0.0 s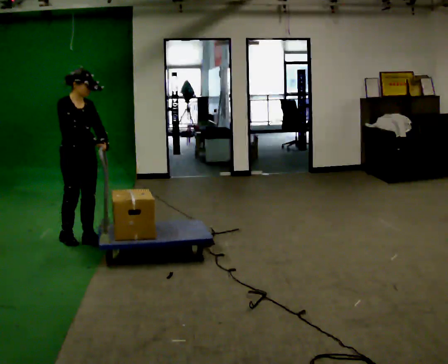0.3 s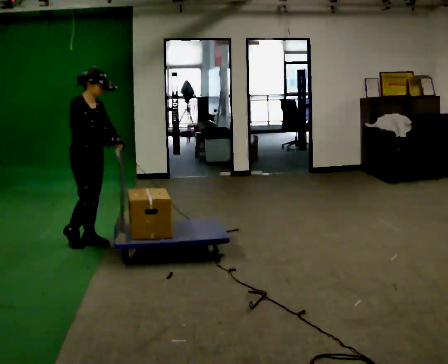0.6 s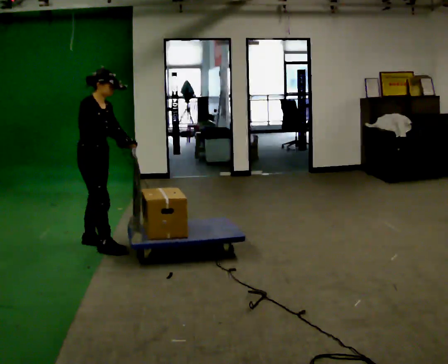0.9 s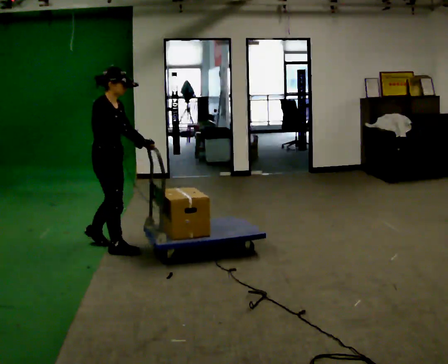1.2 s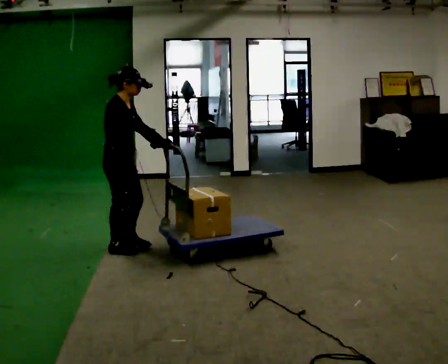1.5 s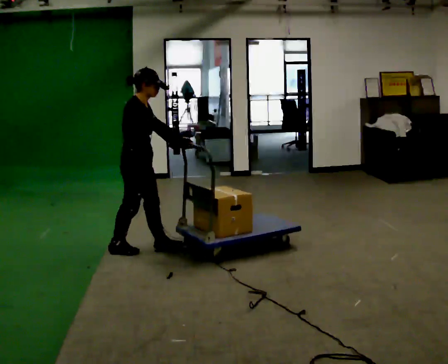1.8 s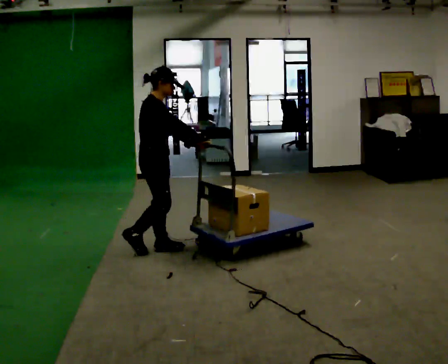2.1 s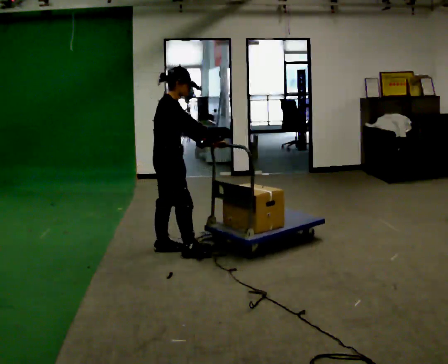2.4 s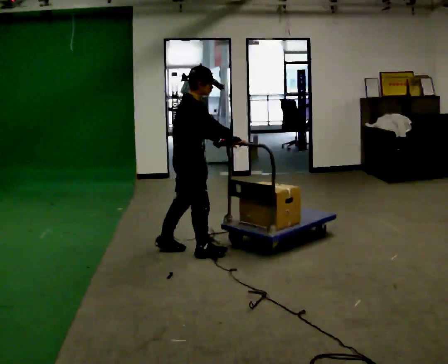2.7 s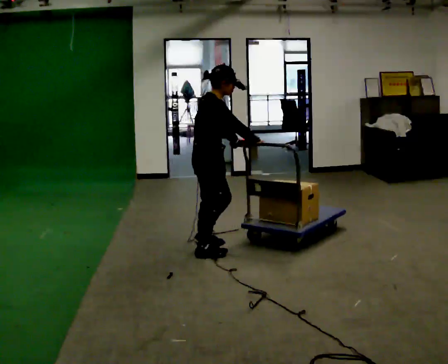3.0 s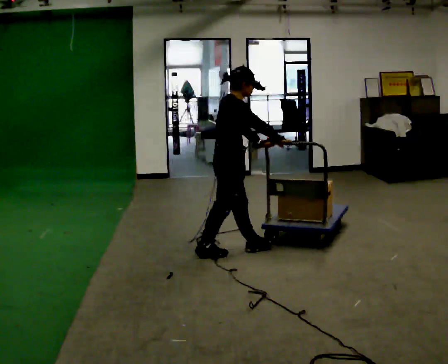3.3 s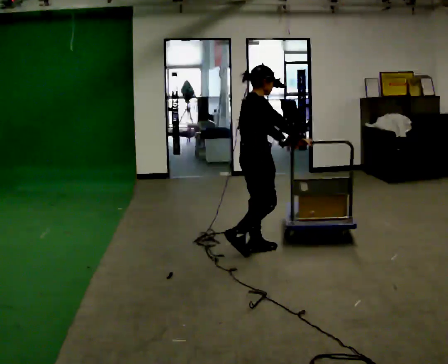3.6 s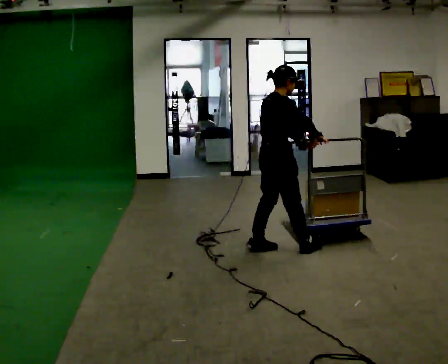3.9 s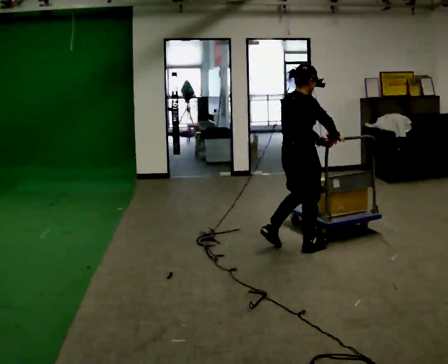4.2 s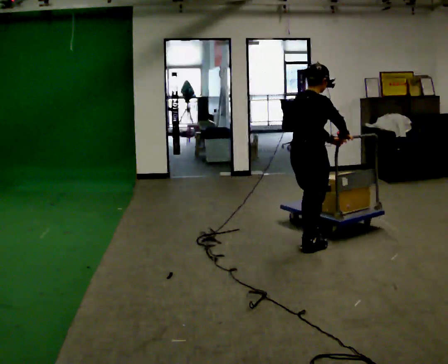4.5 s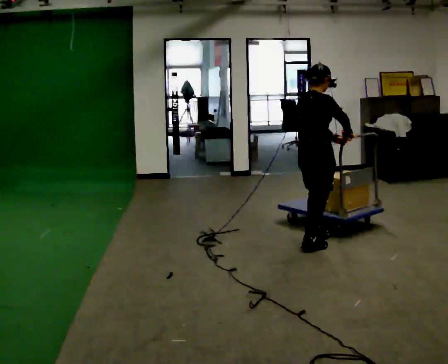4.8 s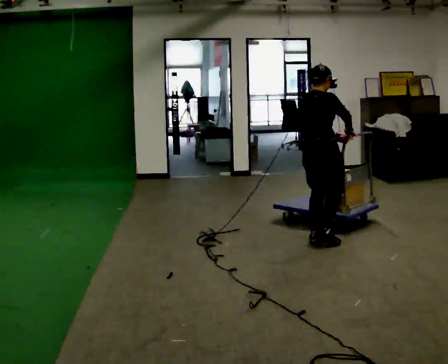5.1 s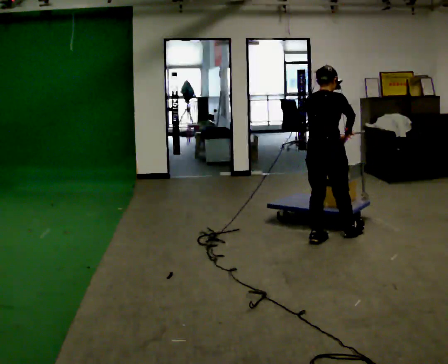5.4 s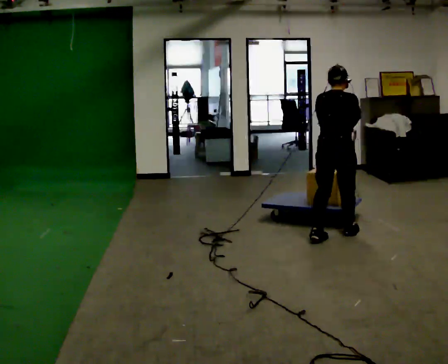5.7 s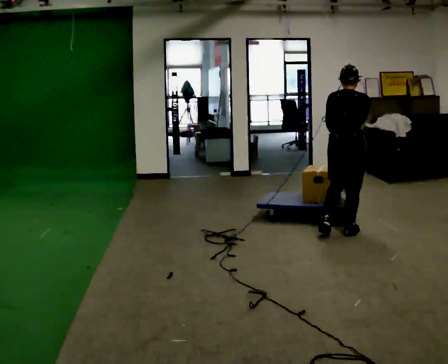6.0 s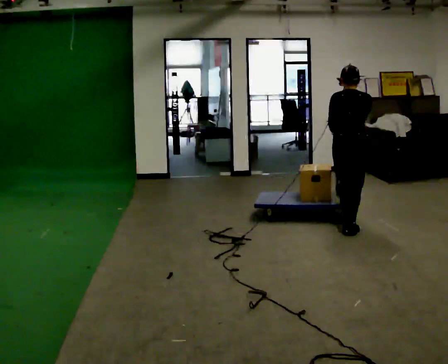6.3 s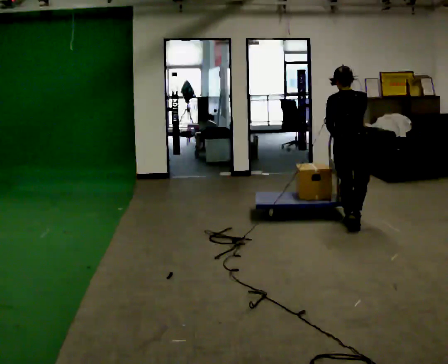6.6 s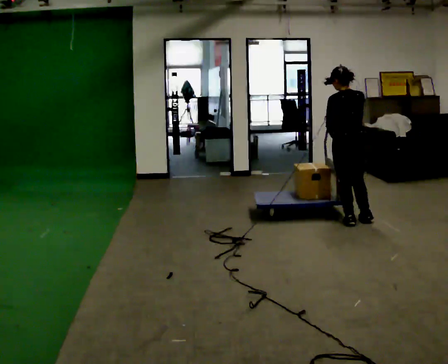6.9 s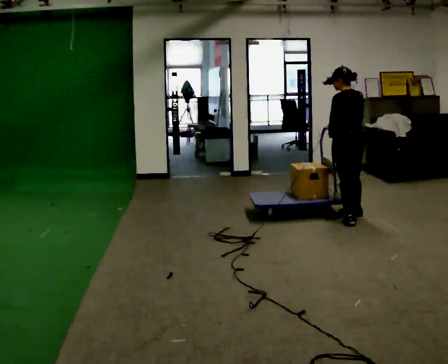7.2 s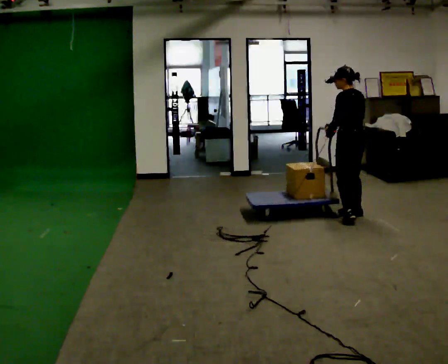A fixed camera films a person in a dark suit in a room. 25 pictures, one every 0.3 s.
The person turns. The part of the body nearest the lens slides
to the right.
The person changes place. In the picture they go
to the right.
0.0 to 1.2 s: Seen from above the body turns counterclockwise, about 30 degrees: to their left, with its near side sliding to the right. In the picture they go to the right, about 0.5 m in 1 step, which for them is forward.
1.2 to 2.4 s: In the picture they go to the right, about 0.5 m in 2 steps, which for them is forward.
2.4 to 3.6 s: In the picture they go to the right, about 0.75 m in 1 step, which for them is forward.
3.6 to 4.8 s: In the picture they go to the right and away from the camera, about 0.5 m in 2 steps, which for them is forward.
4.8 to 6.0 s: The part of the body nearest the lens slides to the right as the person turns to their left by about 30 degrees. In the picture they go away from the camera and to the right, about 0.5 m in 1 step, which for them is forward and to their right.
6.0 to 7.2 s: The person turns about 60 degrees to their left, counterclockwise seen from above, so the part of the body nearest the lens slides to the right. In the picture they go away from the camera, about 0.5 m in 2 steps.
The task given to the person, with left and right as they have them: Push the cart across the room and back. The operator will change how much is loaded on it between takes and will tell you each time.
The film runs forward here.
